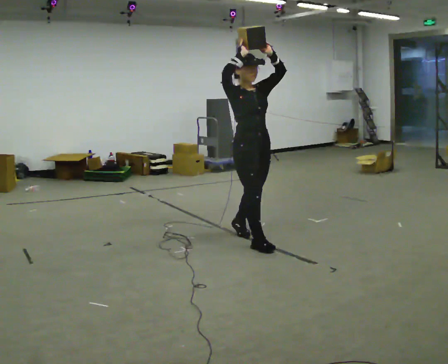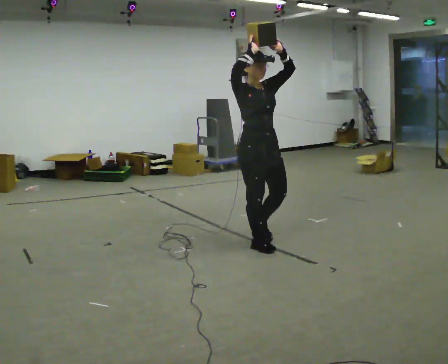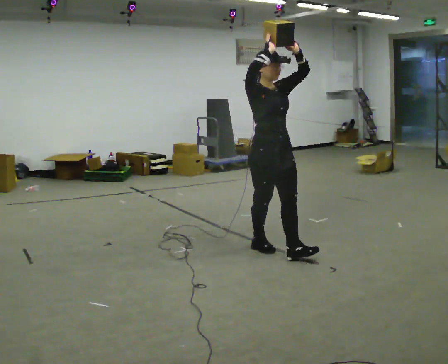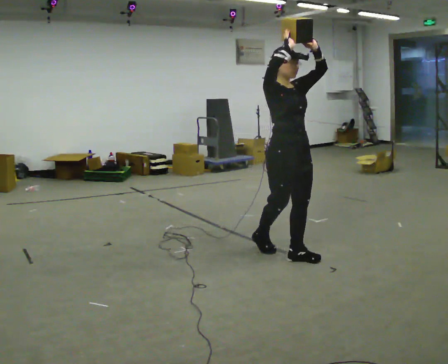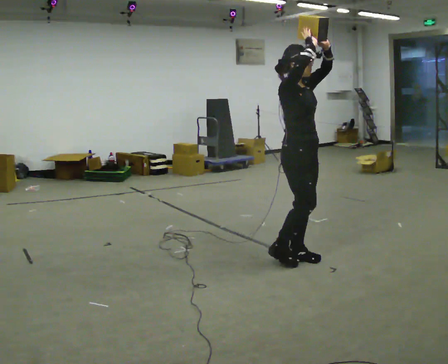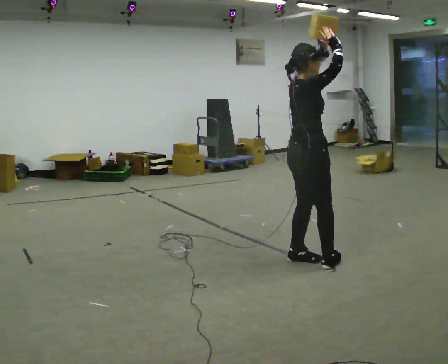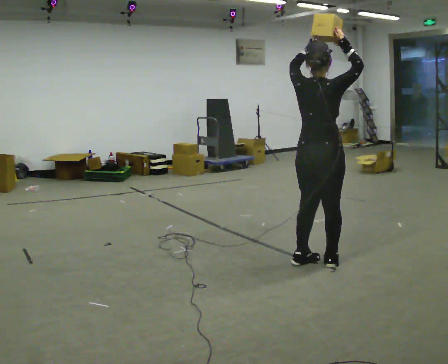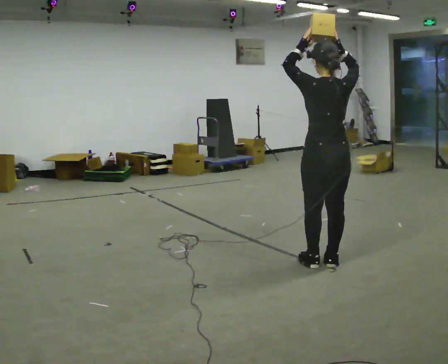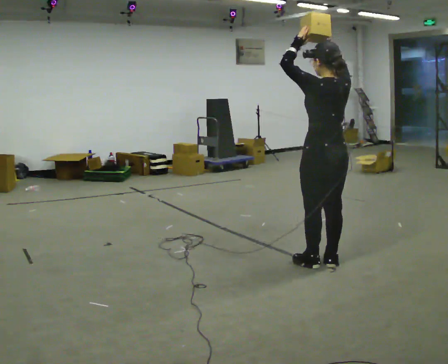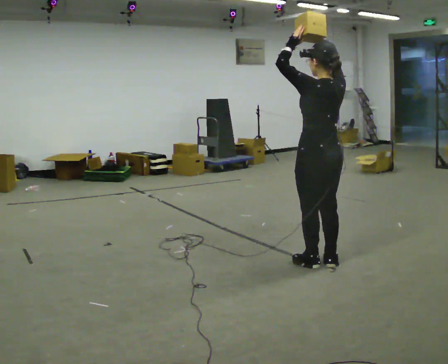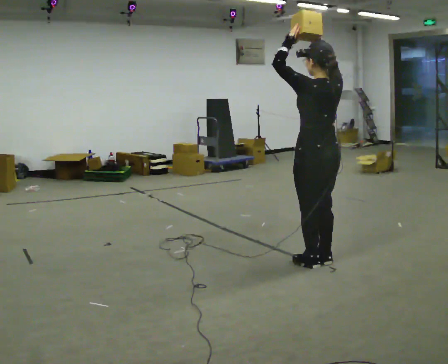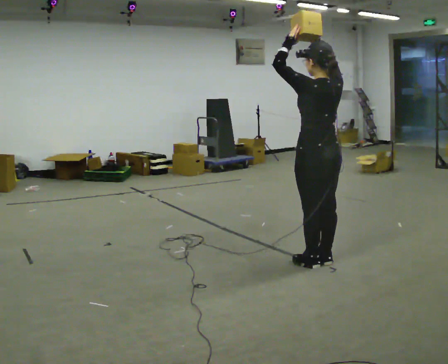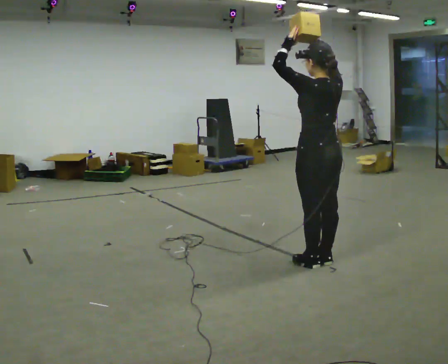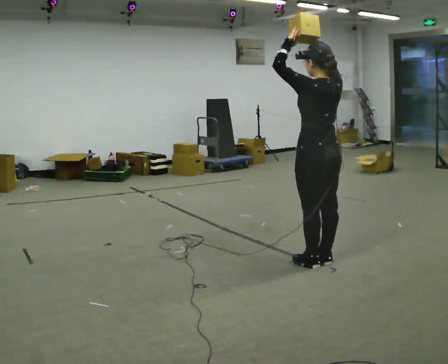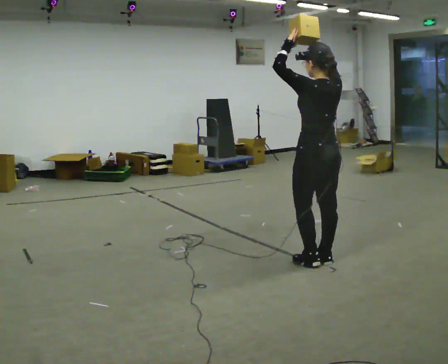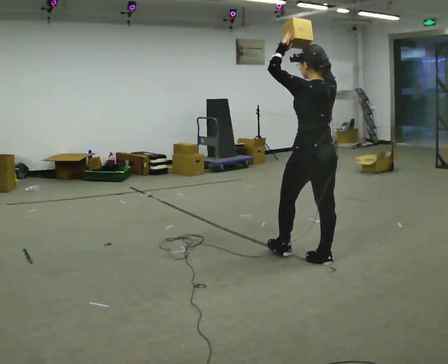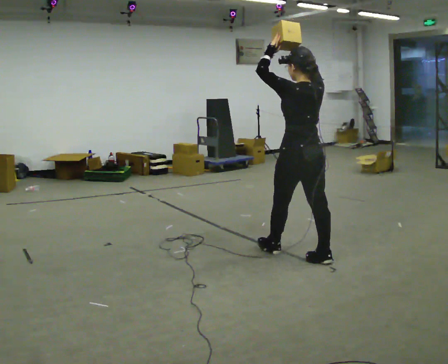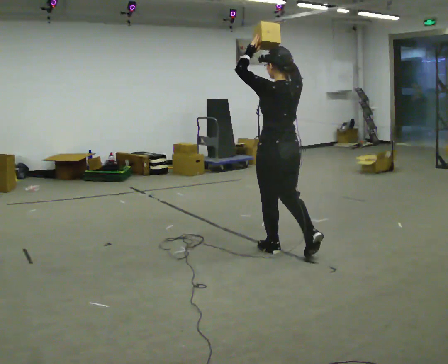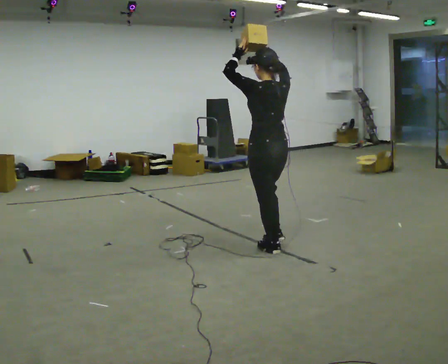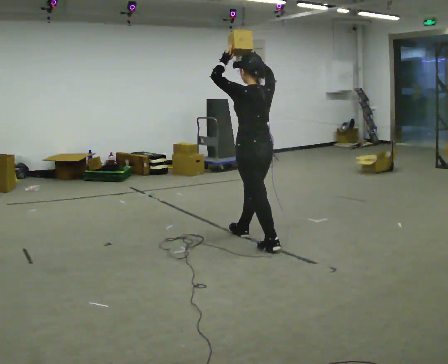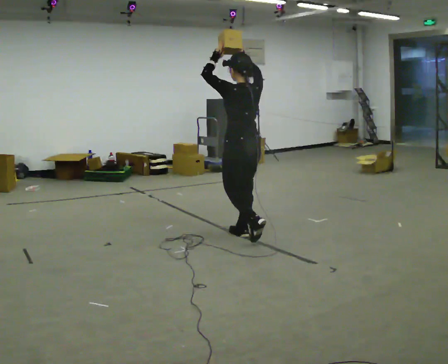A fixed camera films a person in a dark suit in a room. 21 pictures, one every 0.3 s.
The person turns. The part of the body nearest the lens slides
to the right.
The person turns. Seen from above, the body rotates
counterclockwise.
0.0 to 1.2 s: The person turns about 30 degrees to their left, counterclockwise seen from above, so the part of the body nearest the lens slides to the right. In the picture they go to the right and toward the camera, about 0.5 m in 1 step, which for them is forward.
1.2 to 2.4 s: Seen from above the body turns counterclockwise, about 150 degrees: to their left, with its near side sliding to the right. In the picture they go to the right, about 0.25 m in 2 steps.
2.4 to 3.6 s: The person moves a little, or ends about where they began.
3.6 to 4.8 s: In the picture they go to the left, about 0.25 m in 1 step, which for them is forward.
4.8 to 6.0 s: In the picture they go to the left and away from the camera, about 0.5 m in 1 step, which for them is forward.
The film runs forward here.
